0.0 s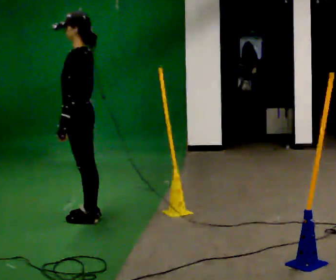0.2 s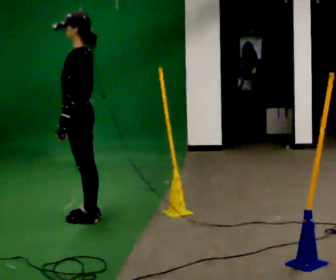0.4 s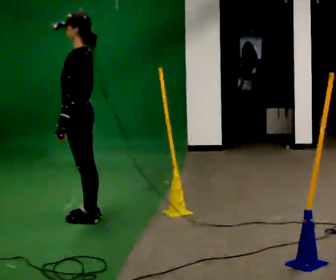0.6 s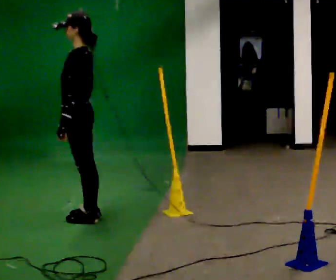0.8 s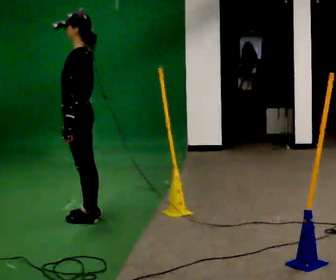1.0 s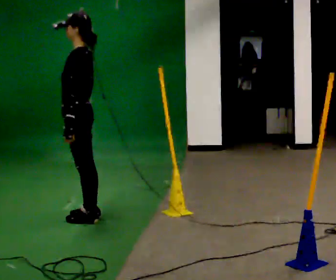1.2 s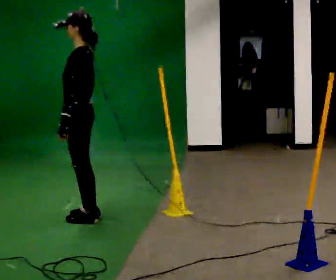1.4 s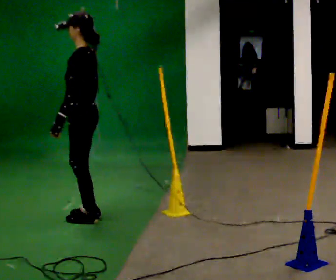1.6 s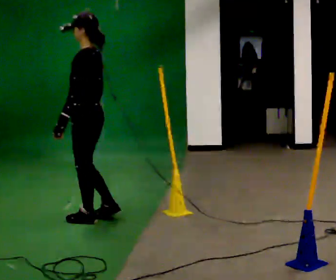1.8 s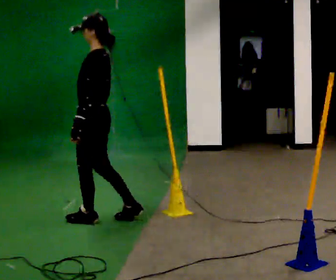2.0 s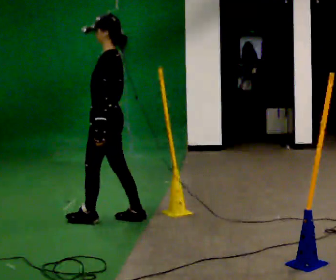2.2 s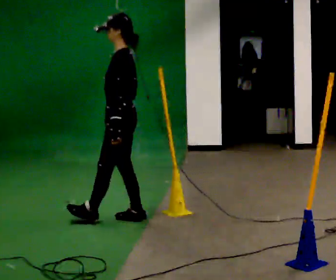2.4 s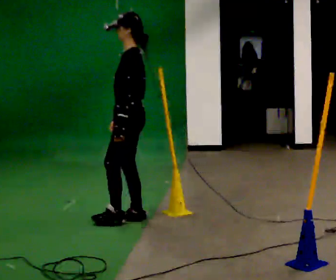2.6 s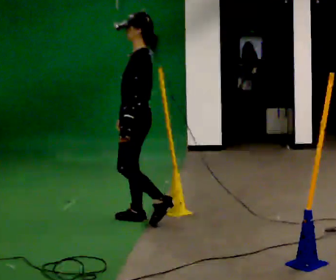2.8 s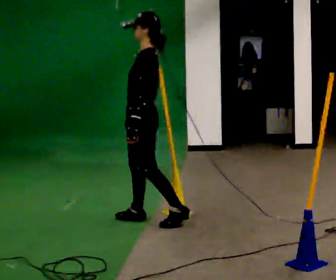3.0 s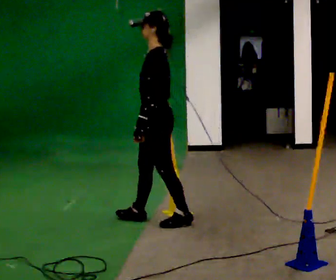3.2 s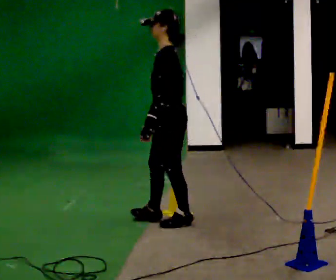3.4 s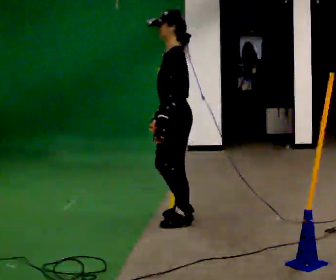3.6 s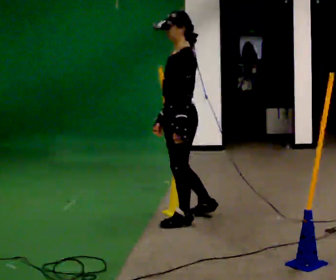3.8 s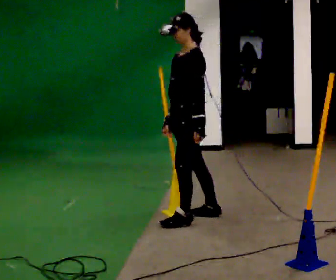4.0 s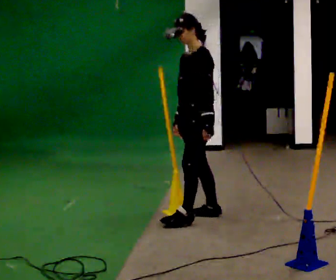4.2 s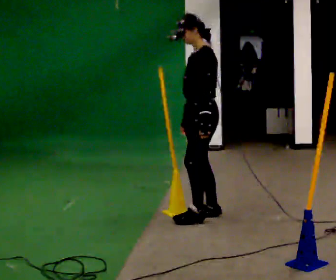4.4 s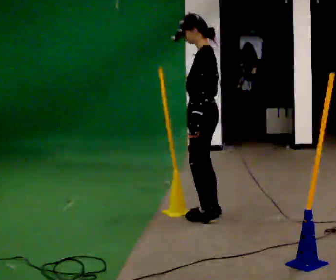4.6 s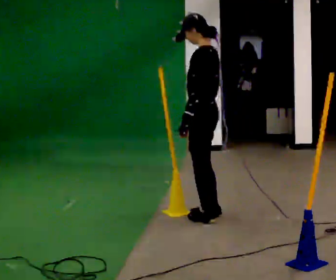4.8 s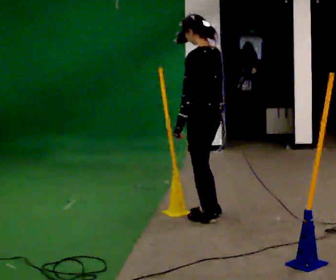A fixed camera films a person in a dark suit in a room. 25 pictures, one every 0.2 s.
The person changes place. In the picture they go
to the right.
0.0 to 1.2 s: The person moves a little, or ends about where they began.
1.2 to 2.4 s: In the picture they go to the right, about 0.5 m in 2 steps, which for them is backward.
2.4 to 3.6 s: In the picture they go to the right, about 0.5 m in 1 step, which for them is backward.
3.6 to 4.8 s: Seen from above the body turns clockwise, about 45 degrees: to their right, with its near side sliding to the left. In the picture they go to the right, about 0.25 m in 1 step, which for them is backward. In the picture their right hand goes to the right.
The film runs backward here.
